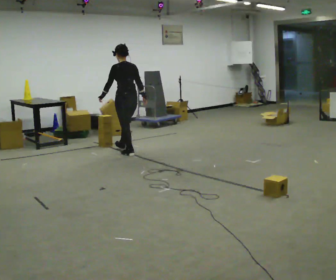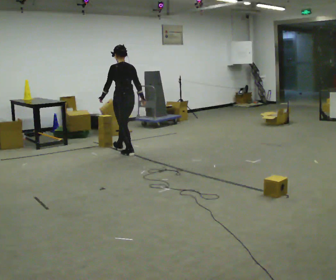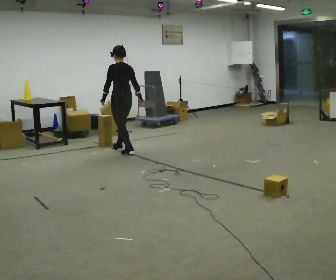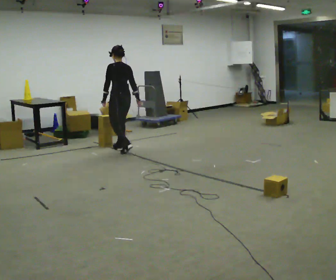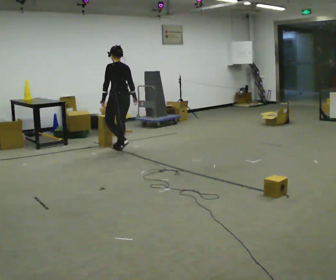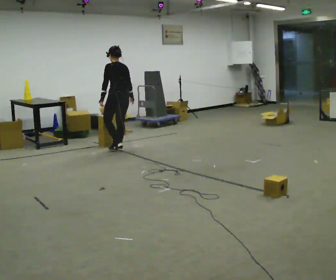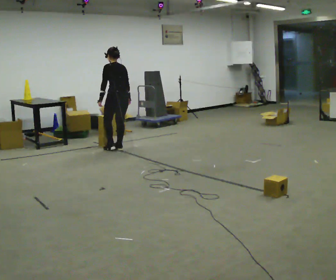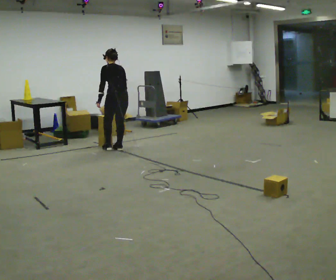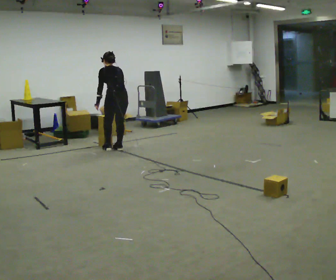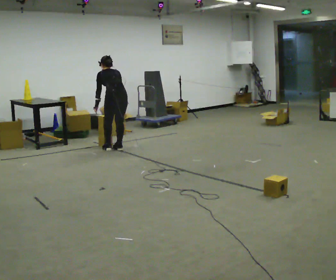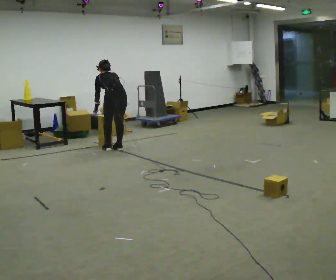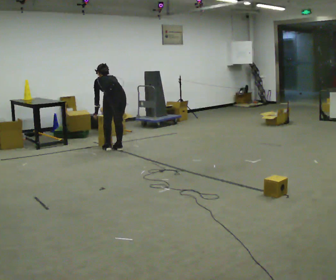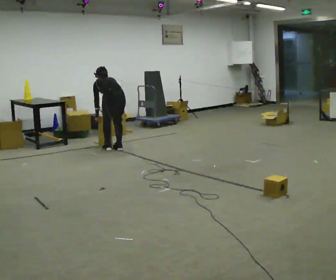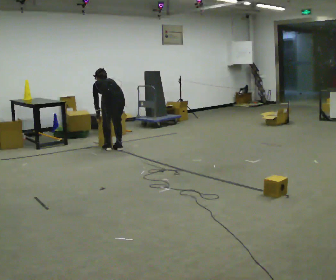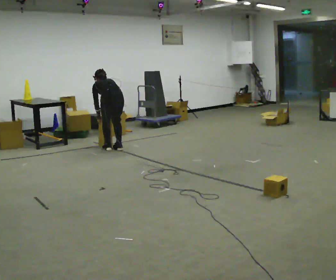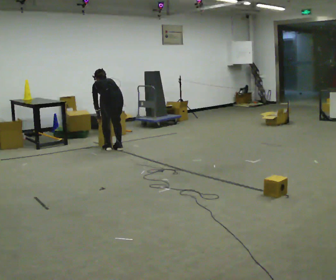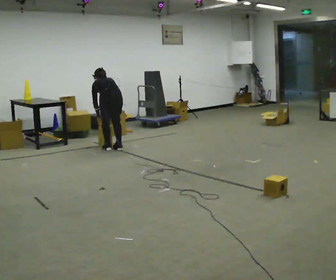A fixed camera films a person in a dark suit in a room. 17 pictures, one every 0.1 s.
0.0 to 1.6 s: In the picture they go away from the camera and to the left, about 0.25 m in 2 steps, which for them is forward and to their left. The upper body goes downward. The upper body tips away from the camera, its near side rolling upward, as they bend forward.
The film runs forward here.
